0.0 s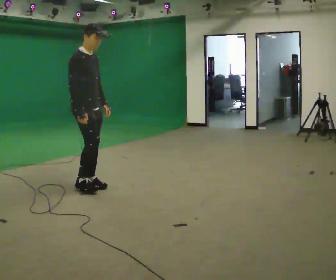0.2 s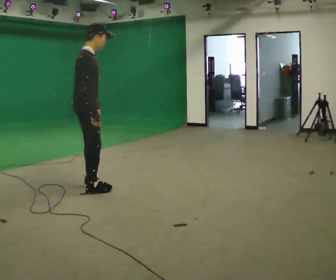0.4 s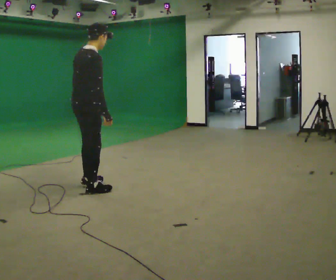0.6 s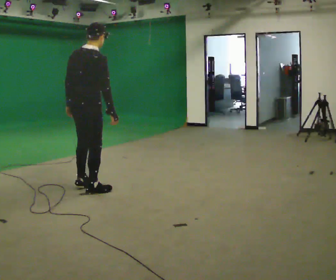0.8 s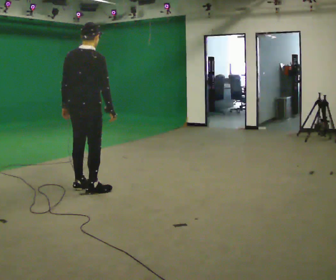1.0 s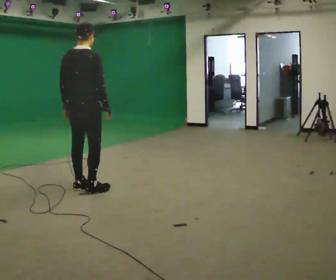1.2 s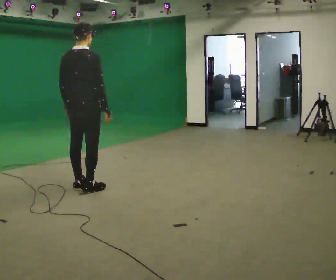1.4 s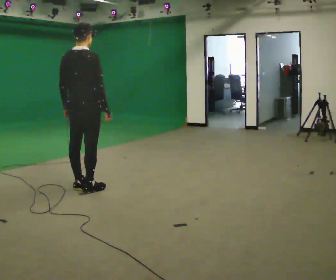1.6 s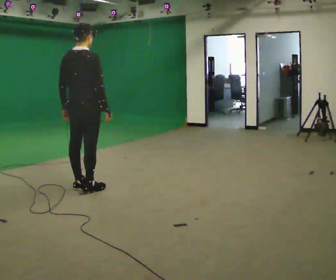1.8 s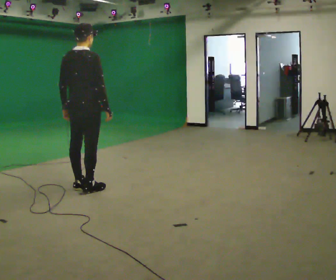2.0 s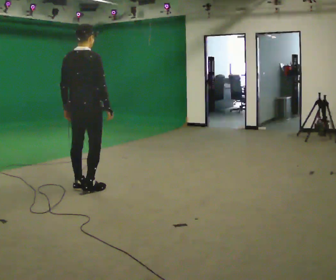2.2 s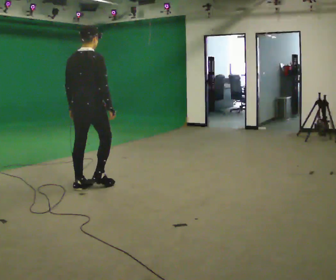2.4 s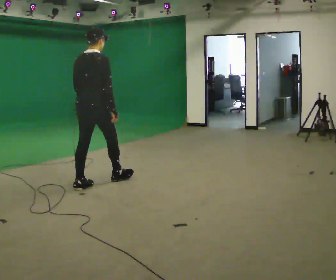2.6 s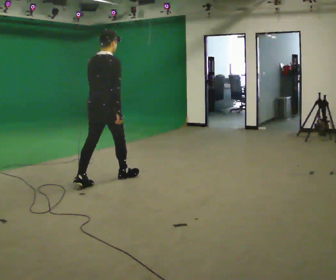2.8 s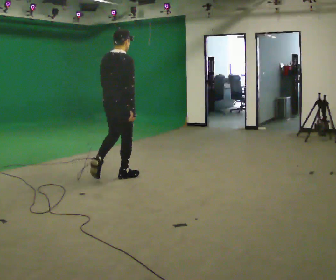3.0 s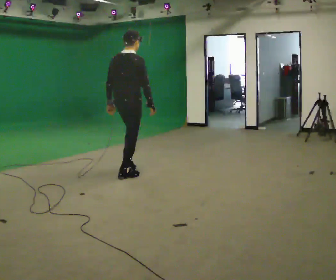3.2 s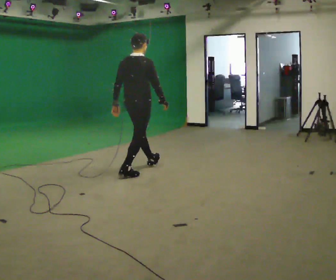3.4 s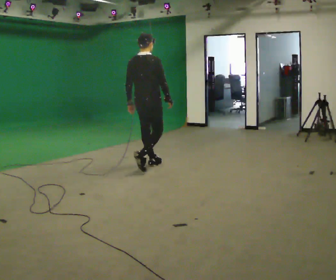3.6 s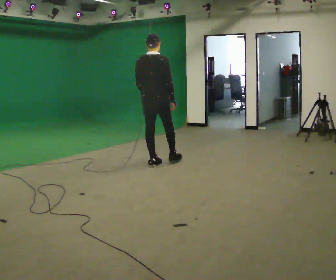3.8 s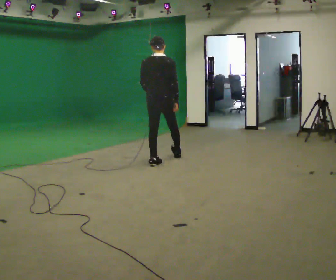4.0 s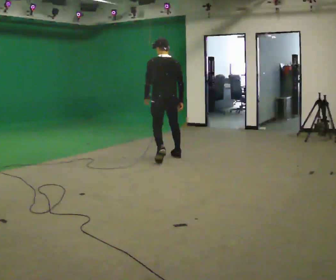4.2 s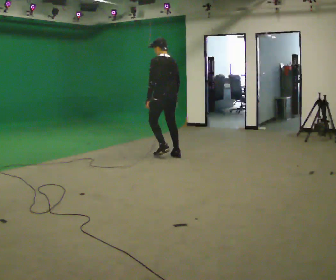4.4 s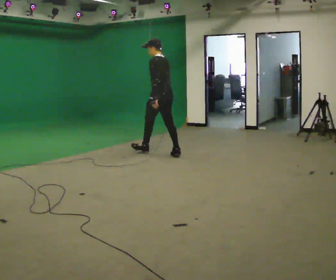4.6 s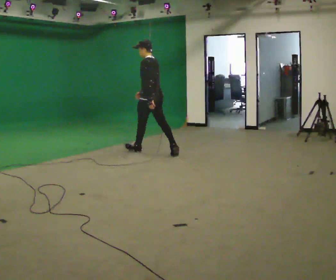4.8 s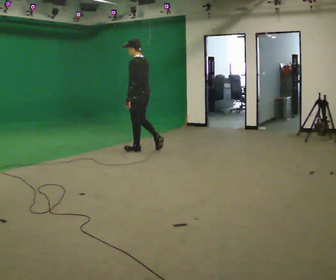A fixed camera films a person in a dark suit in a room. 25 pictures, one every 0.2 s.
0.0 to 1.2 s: Seen from above the body turns counterclockwise, about 90 degrees: to their left, with its near side sliding to the right. In the picture their left hand goes to the left.
1.2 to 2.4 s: In the picture they go away from the camera, about 0.25 m, which for them is forward.
2.4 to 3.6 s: In the picture they go away from the camera and to the right, about 1 m in 2 steps, which for them is forward.
3.6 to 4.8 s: The person turns about 75 degrees to their left, counterclockwise seen from above, so the part of the body nearest the lens slides to the right. In the picture they go away from the camera, about 1 m in 2 steps.
The film runs forward here.
